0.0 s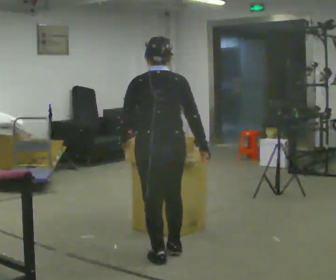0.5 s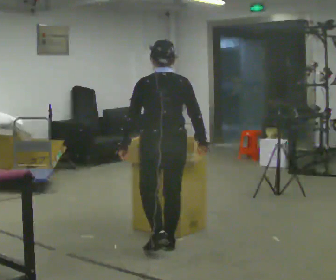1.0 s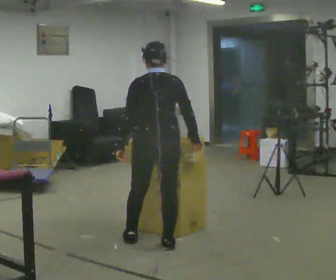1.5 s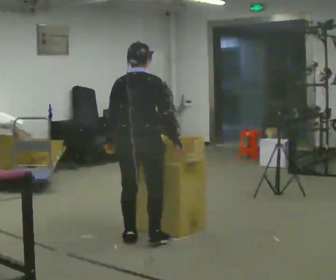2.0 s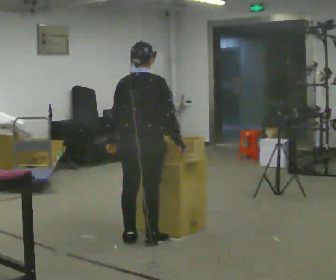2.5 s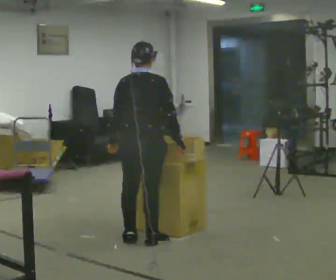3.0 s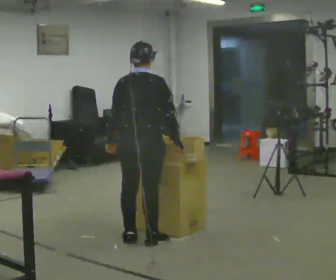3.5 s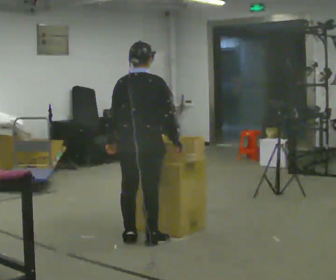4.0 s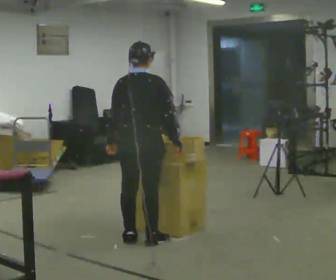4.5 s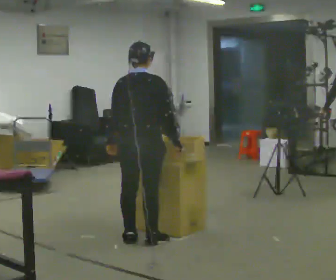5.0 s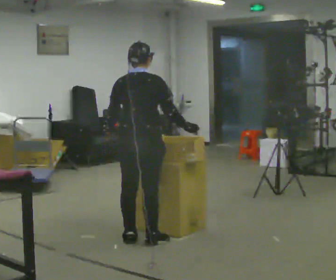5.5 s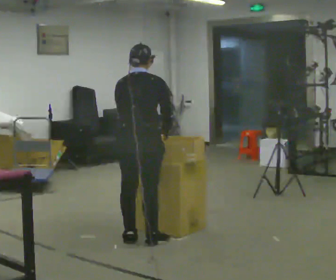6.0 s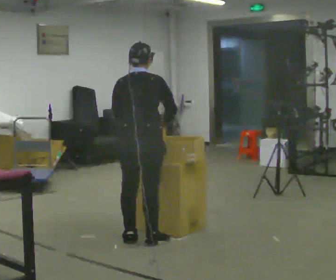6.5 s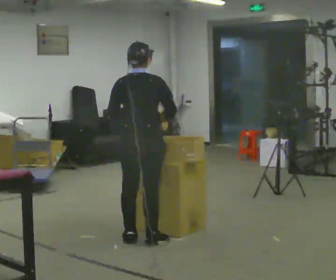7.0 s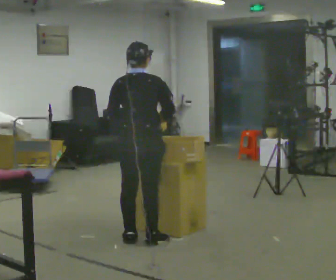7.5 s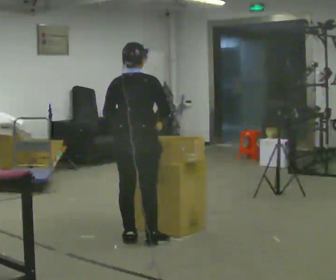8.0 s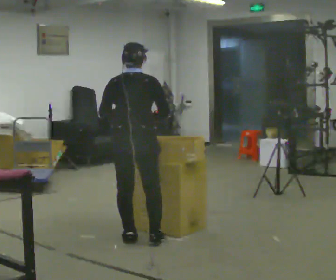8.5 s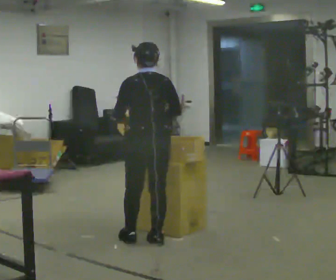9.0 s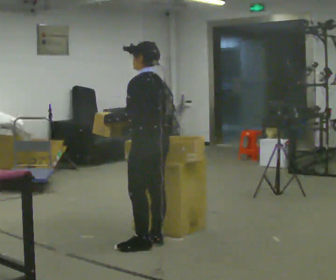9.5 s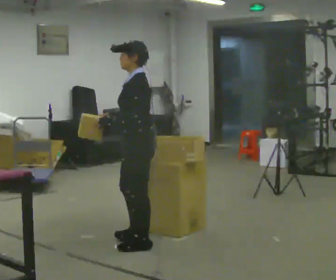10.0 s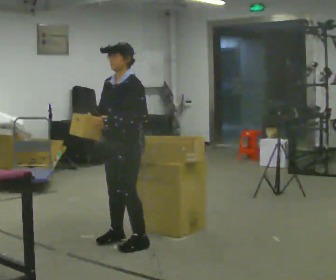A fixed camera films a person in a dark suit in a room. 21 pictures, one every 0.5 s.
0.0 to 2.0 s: The part of the body nearest the lens slides to the left as the person turns to their right by about 30 degrees. In the picture they go away from the camera, about 0.5 m in 3 steps, which for them is forward.
2.0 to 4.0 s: The person keeps their place and pose.
4.0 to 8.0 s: The person moves a little, or ends about where they began.
8.0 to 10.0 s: The person turns about 135 degrees to their left, counterclockwise seen from above, so the part of the body nearest the lens slides to the right.
The film runs forward here.
